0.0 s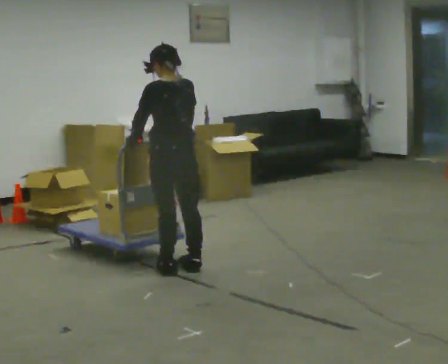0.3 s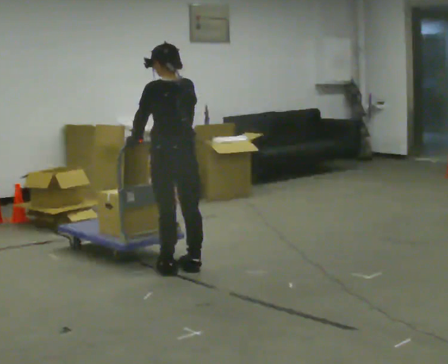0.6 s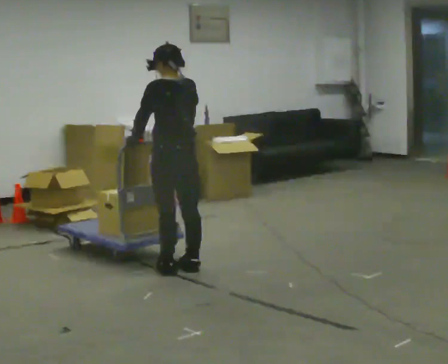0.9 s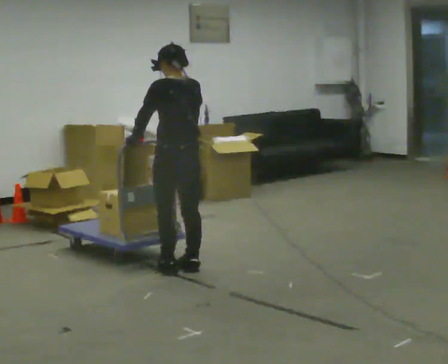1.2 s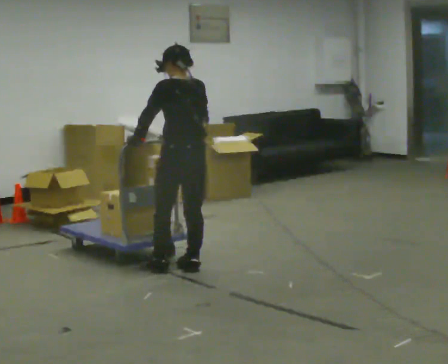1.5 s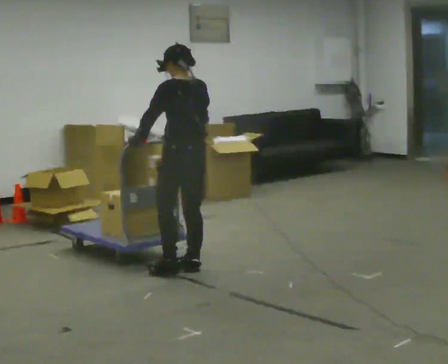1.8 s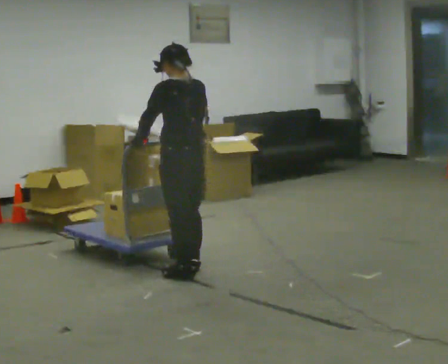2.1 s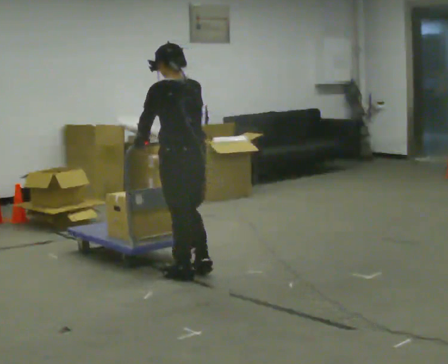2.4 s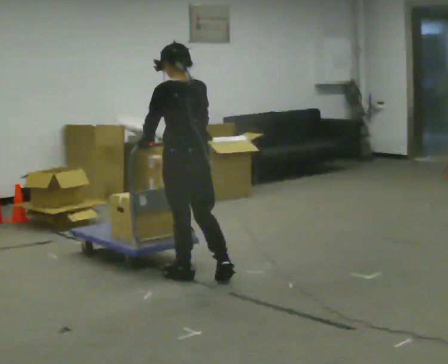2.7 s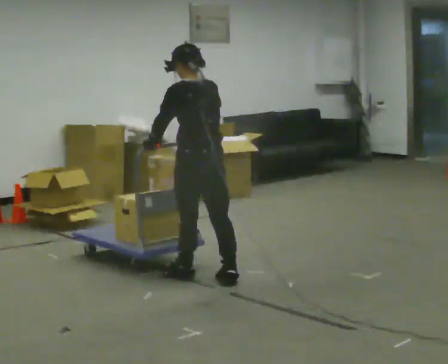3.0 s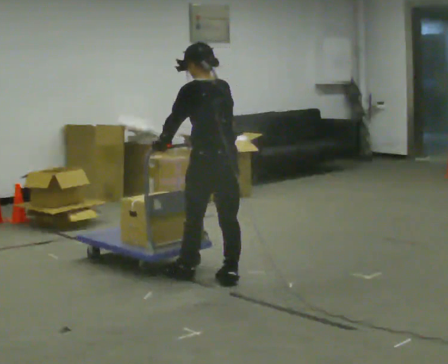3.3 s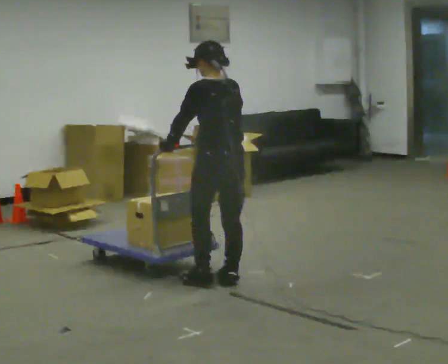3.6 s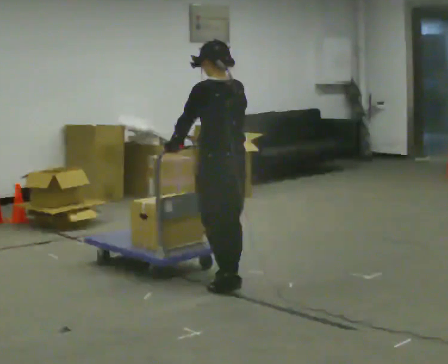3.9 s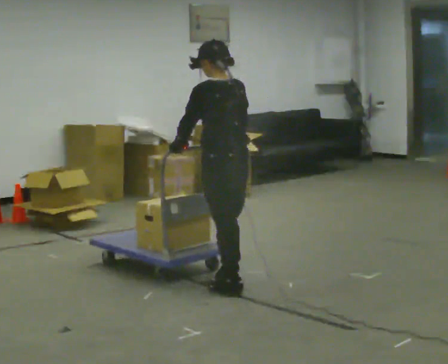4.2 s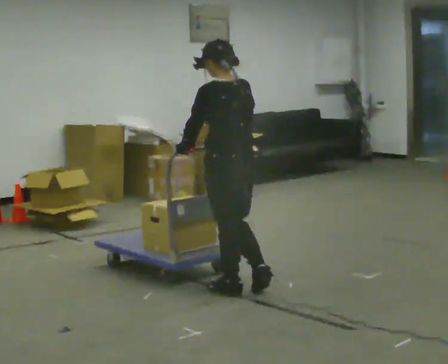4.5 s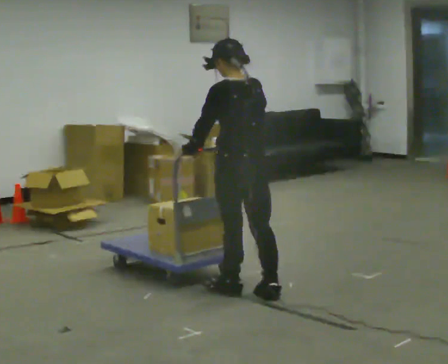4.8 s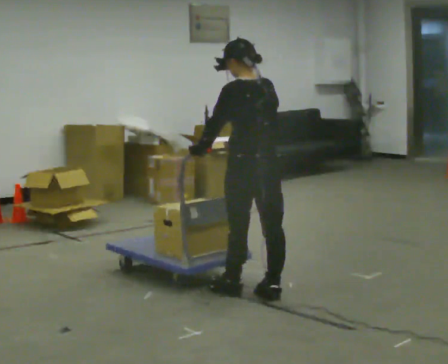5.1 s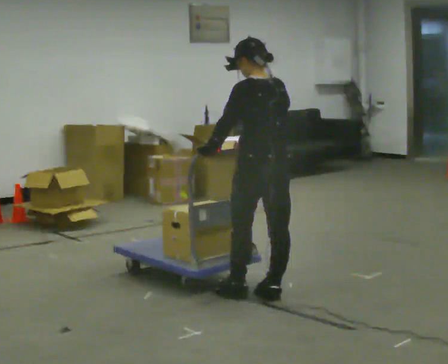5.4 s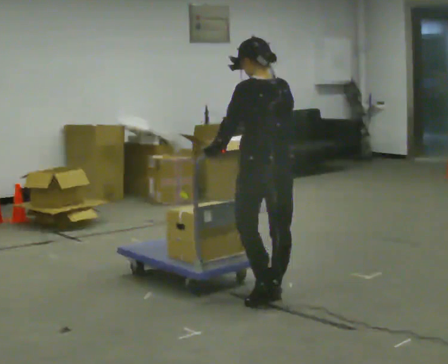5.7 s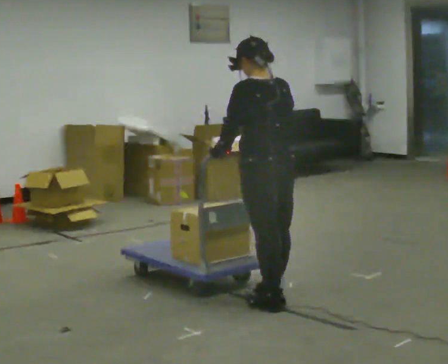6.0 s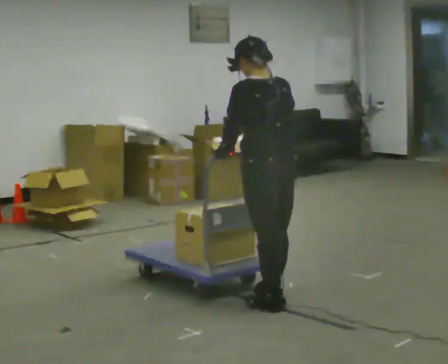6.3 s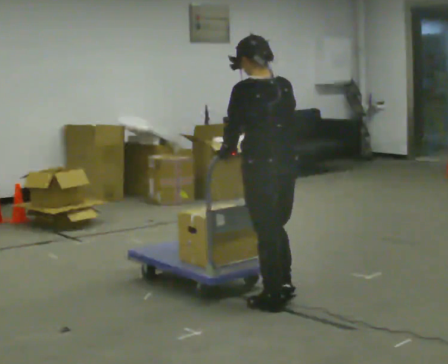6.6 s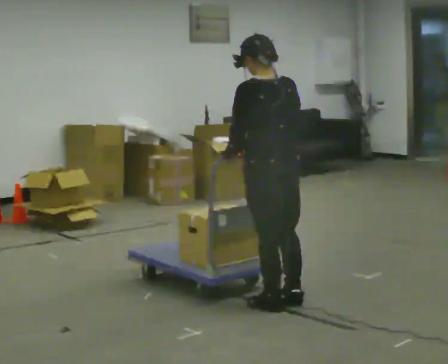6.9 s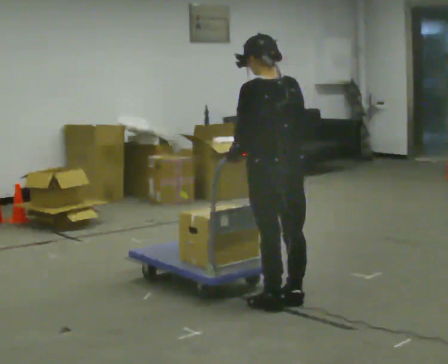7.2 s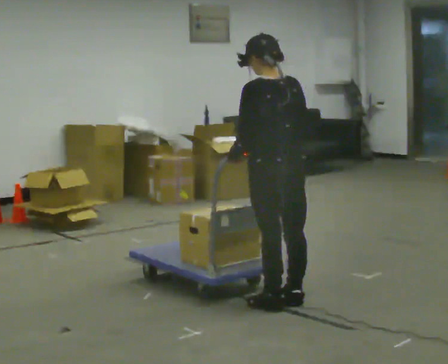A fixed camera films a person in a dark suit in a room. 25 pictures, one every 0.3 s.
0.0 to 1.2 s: The person moves a little, or ends about where they began.
1.2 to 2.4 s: In the picture they go toward the camera, about 0.25 m in 2 steps, which for them is backward and to their left.
2.4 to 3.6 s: In the picture they go to the right, about 0.25 m in 1 step, which for them is backward.
3.6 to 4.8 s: In the picture they go toward the camera and to the right, about 0.25 m in 1 step, which for them is backward.
4.8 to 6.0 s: In the picture they go toward the camera, about 0.25 m in 1 step, which for them is backward.
6.0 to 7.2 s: The person moves a little, or ends about where they began.
The film runs backward here.
